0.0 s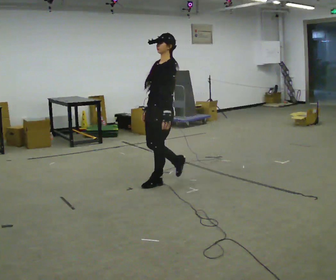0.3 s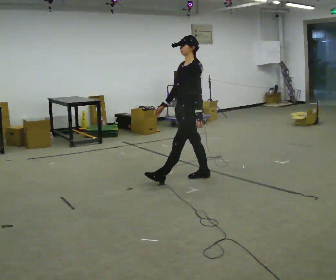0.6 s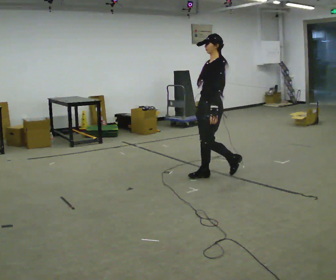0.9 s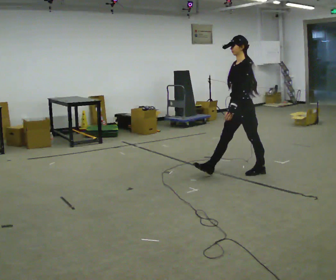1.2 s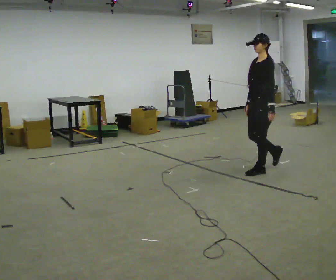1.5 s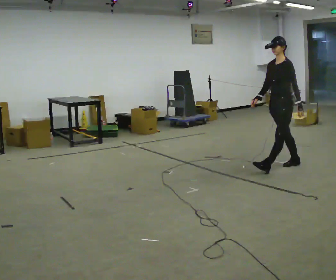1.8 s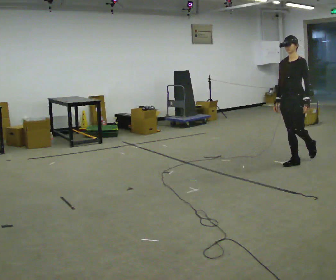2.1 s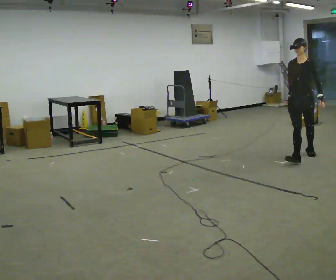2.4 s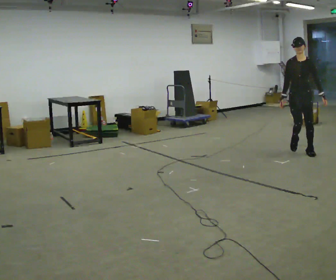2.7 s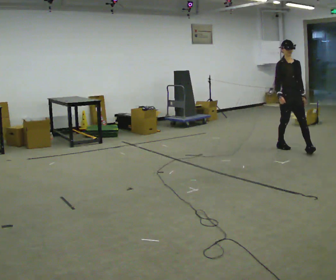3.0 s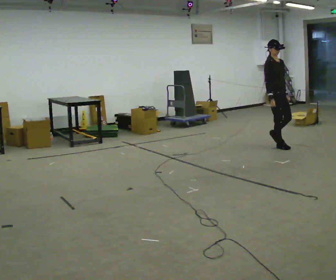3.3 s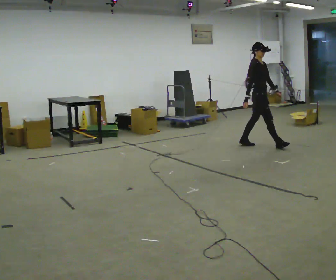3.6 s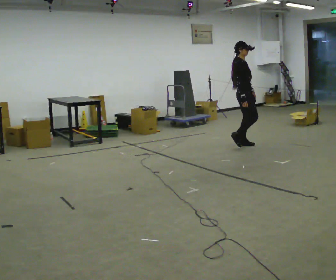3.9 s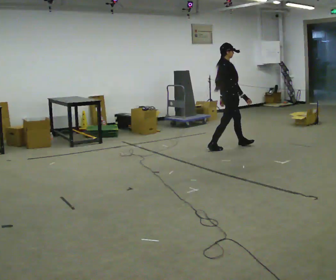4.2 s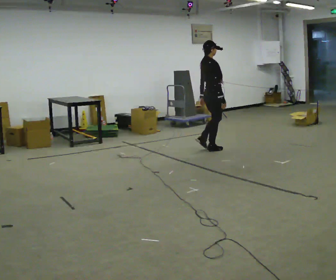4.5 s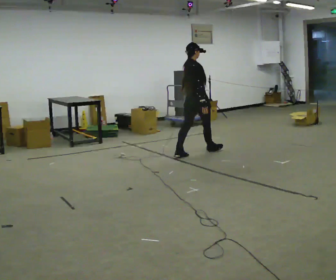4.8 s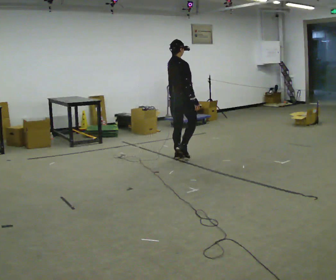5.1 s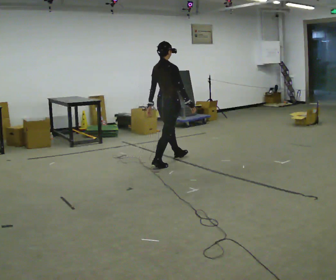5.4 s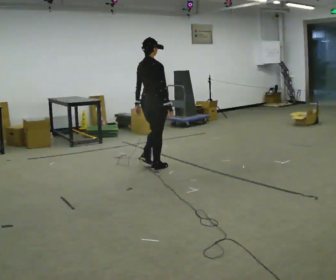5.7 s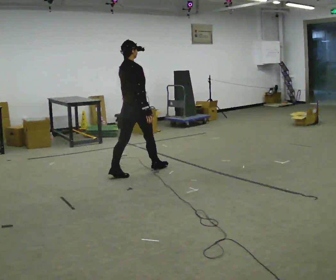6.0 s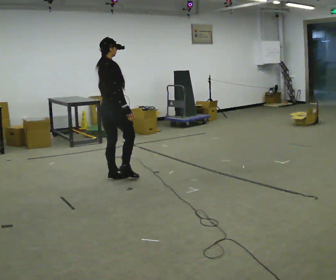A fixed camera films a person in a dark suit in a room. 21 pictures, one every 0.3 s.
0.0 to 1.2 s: In the picture they go to the right and away from the camera, about 1 m in 2 steps, which for them is backward.
1.2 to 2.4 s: Seen from above the body turns counterclockwise, about 60 degrees: to their left, with its near side sliding to the right. In the picture they go away from the camera and to the right, about 1 m in 2 steps.
2.4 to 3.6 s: Seen from above the body turns counterclockwise, about 90 degrees: to their left, with its near side sliding to the right. In the picture they go to the left and away from the camera, about 1 m in 2 steps.
3.6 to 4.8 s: The part of the body nearest the lens slides to the right as the person turns to their left by about 60 degrees. In the picture they go to the left and toward the camera, about 1 m in 2 steps, which for them is backward.
4.8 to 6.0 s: In the picture they go toward the camera and to the left, about 1 m in 2 steps, which for them is backward.
The film runs backward here.
